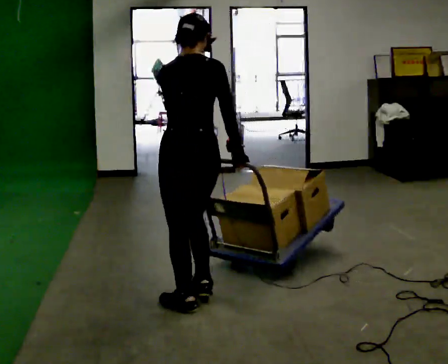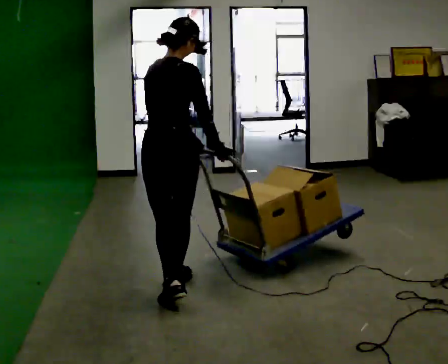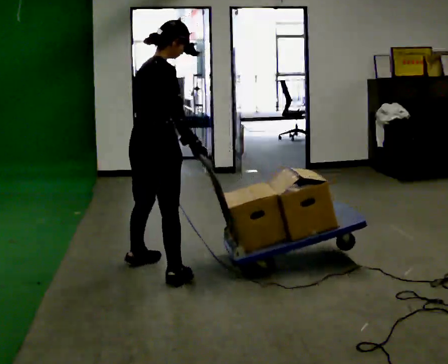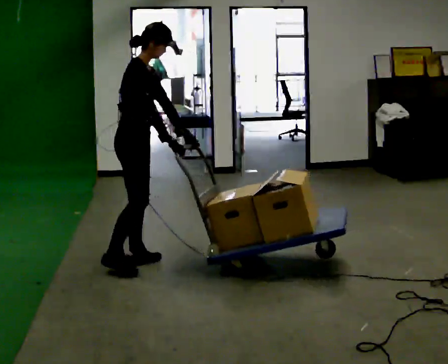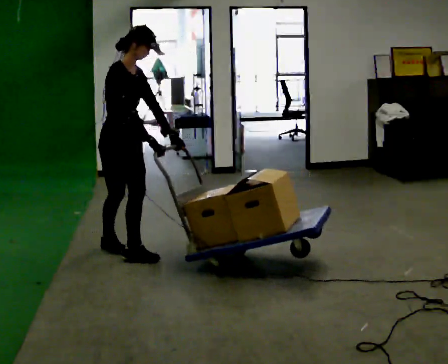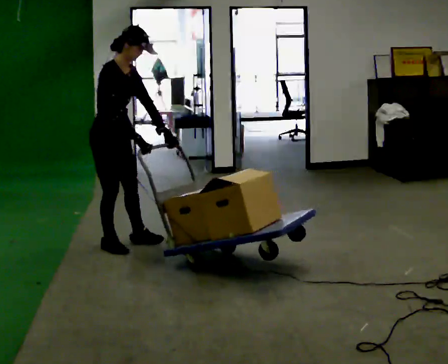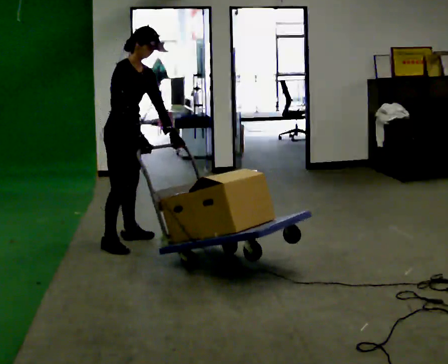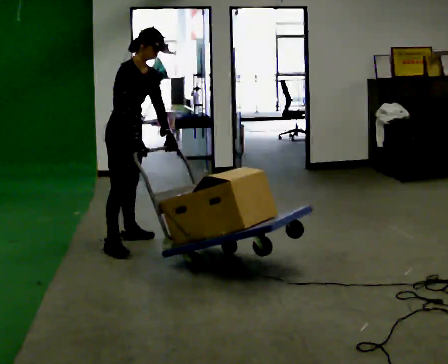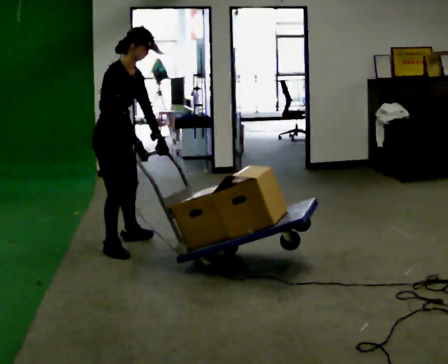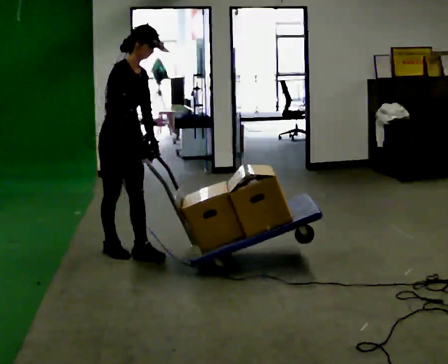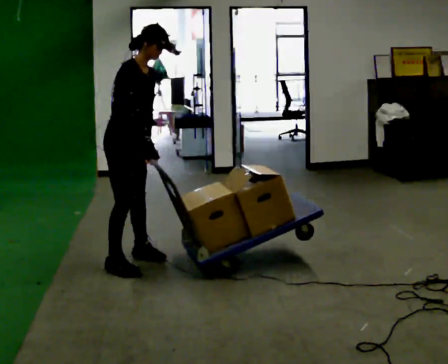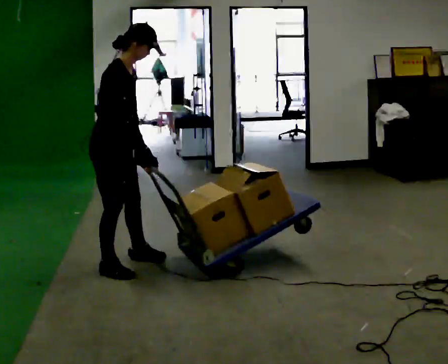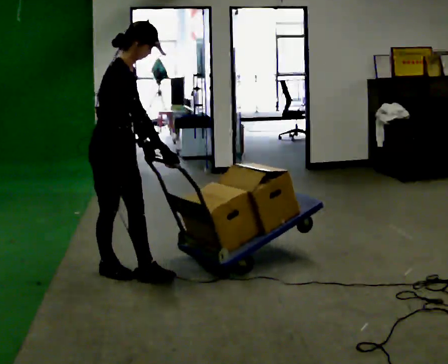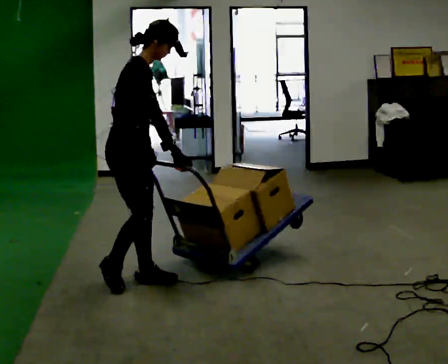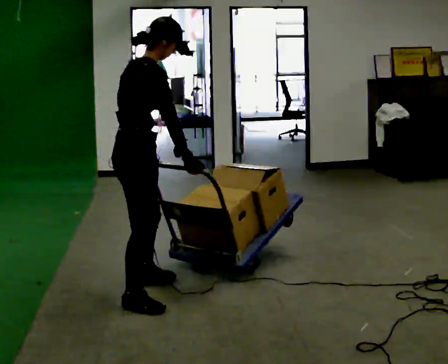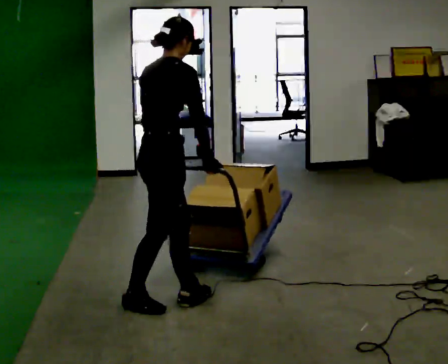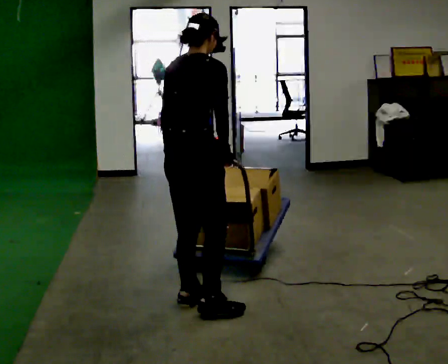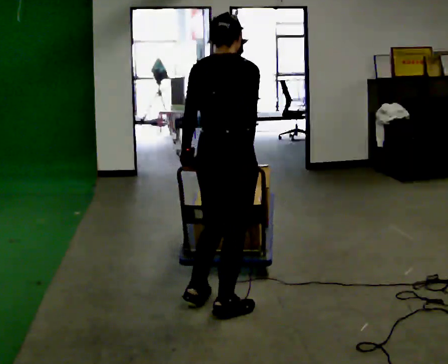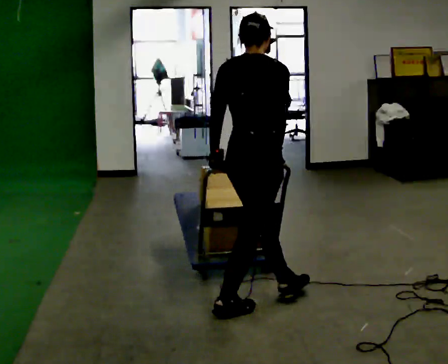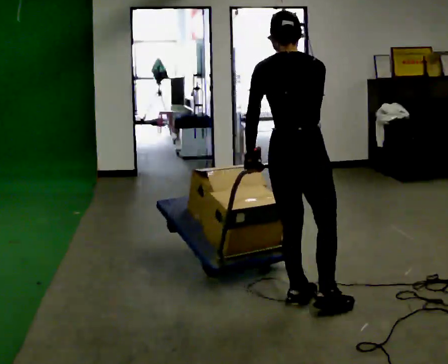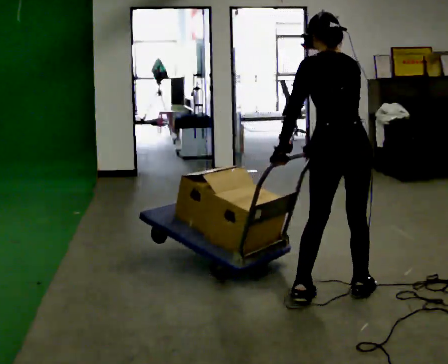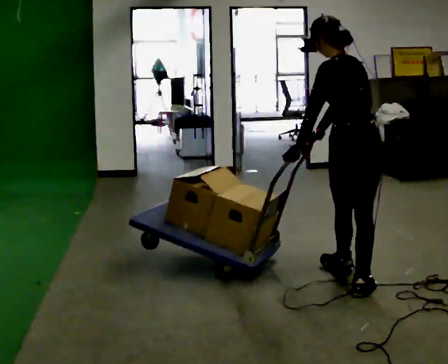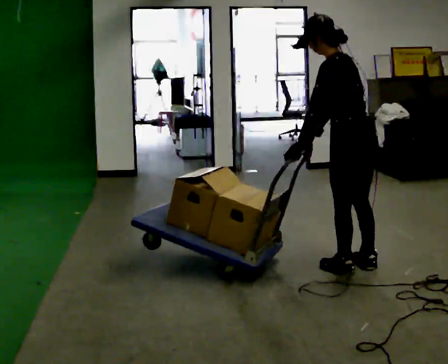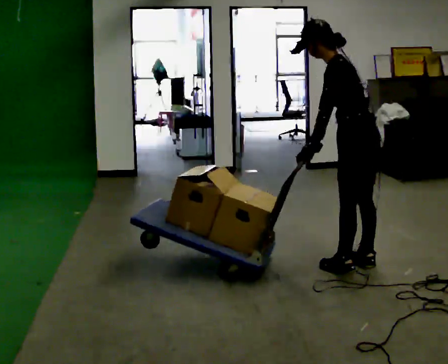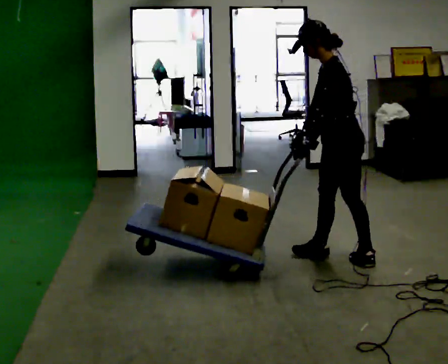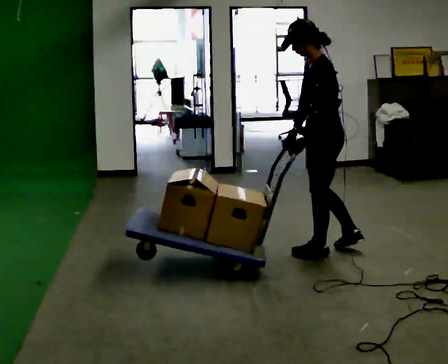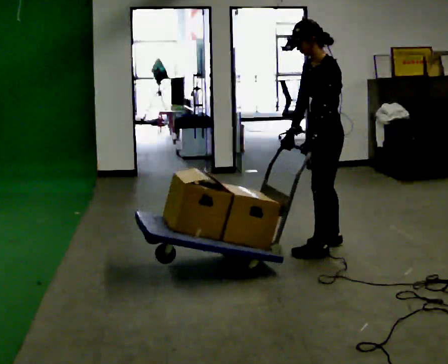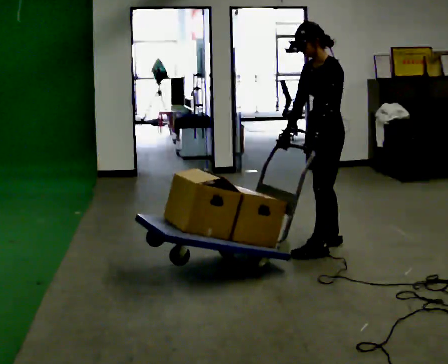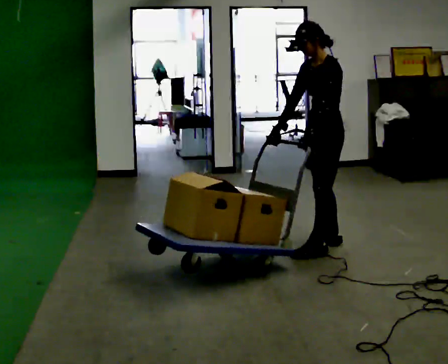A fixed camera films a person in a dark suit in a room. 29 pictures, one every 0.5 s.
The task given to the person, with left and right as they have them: Turn the cart round to face the other way without moving it out of the marked square, then turn it back. Repeat until the operator says stop.
0.0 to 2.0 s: The part of the body nearest the lens slides to the left as the person turns to their right by about 120 degrees. In the picture they go away from the camera and to the left, about 1 m in 3 steps. The upper body tips toward the camera, its near side rolling downward.
2.0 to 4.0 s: The person moves a little, or ends about where they began.
4.0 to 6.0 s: In the picture they go toward the camera, about 0.5 m in 2 steps, which for them is to their right and forward.
6.0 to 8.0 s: The part of the body nearest the lens slides to the right as the person turns to their left by about 60 degrees. In the picture they go toward the camera and to the right, about 0.75 m in 3 steps.
8.0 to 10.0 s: Seen from above the body turns counterclockwise, about 60 degrees: to their left, with its near side sliding to the right. In the picture they go to the right, about 1 m in 3 steps, which for them is forward and to their right.
10.0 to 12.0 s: The part of the body nearest the lens slides to the right as the person turns to their left by about 45 degrees. In the picture they go away from the camera, about 0.75 m in 3 steps, which for them is to their right and forward.
12.0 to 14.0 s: The person turns about 45 degrees to their left, counterclockwise seen from above, so the part of the body nearest the lens slides to the right. In the picture they go away from the camera, about 0.25 m in 1 step, which for them is to their right.
The film runs forward here.
